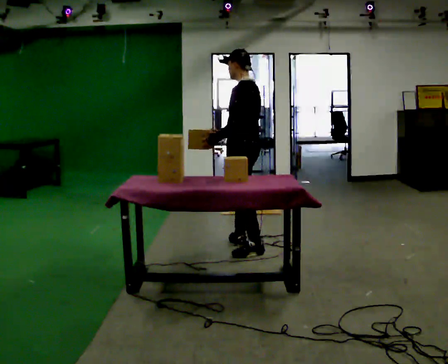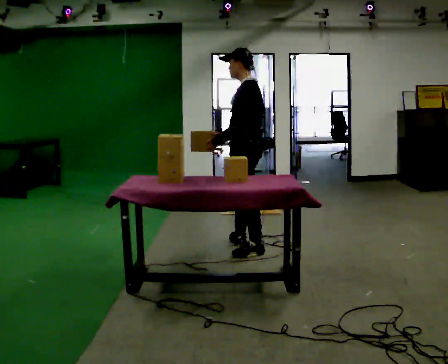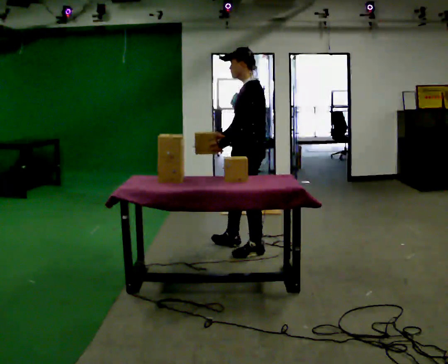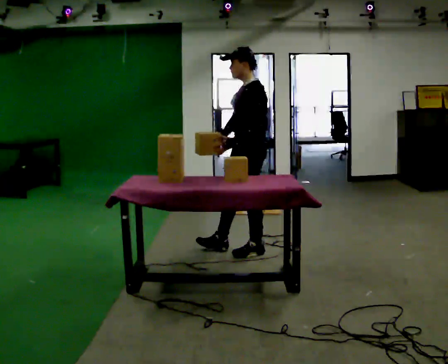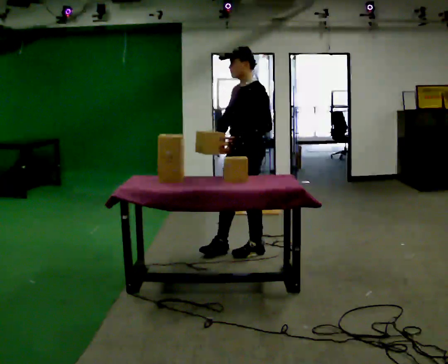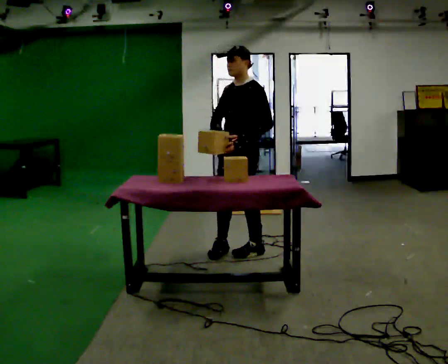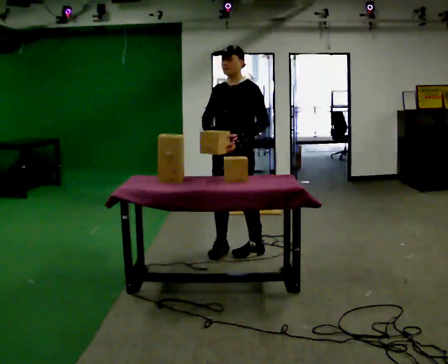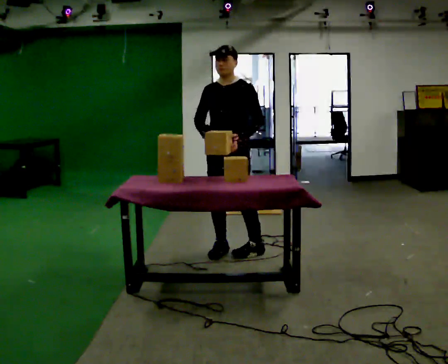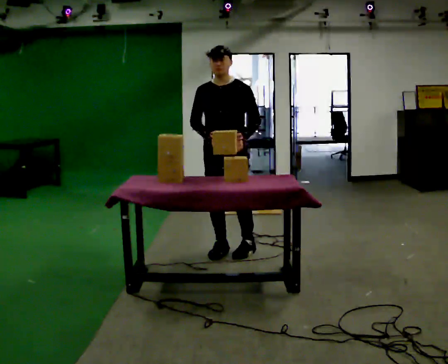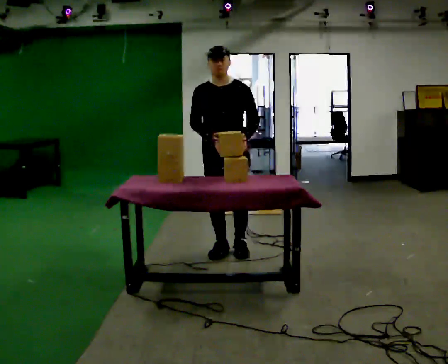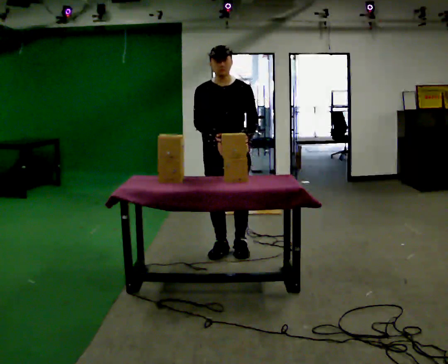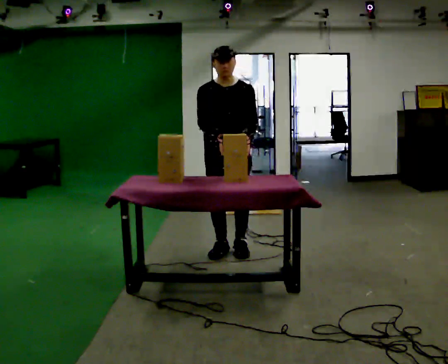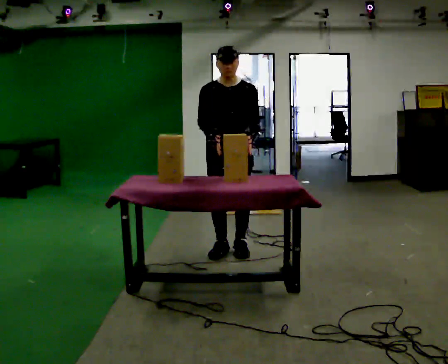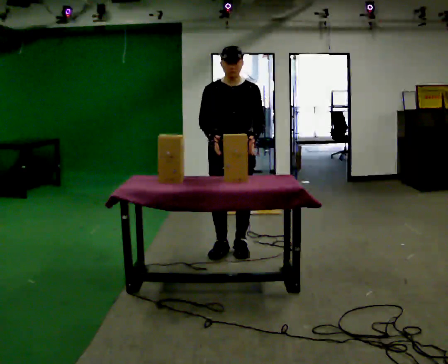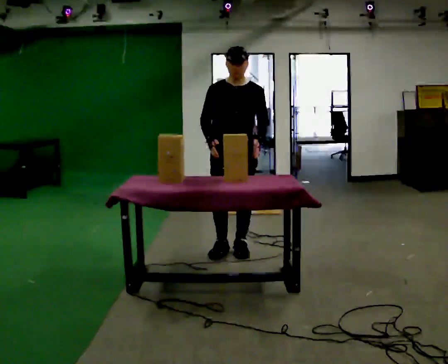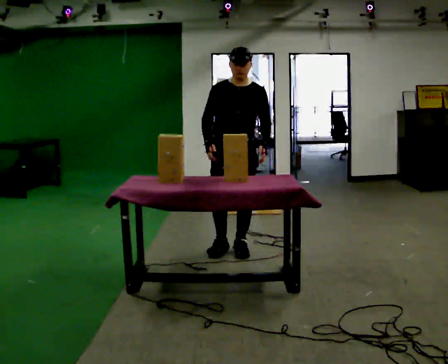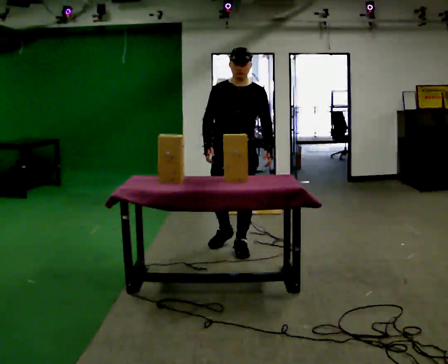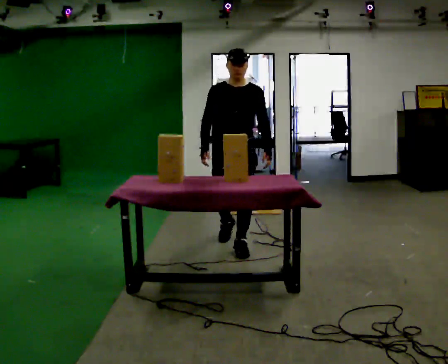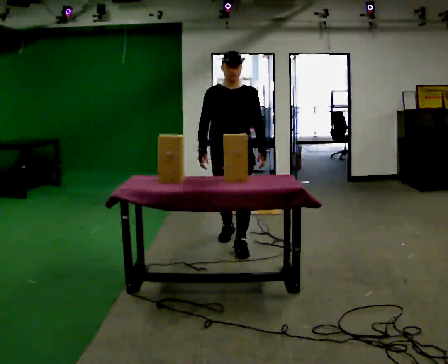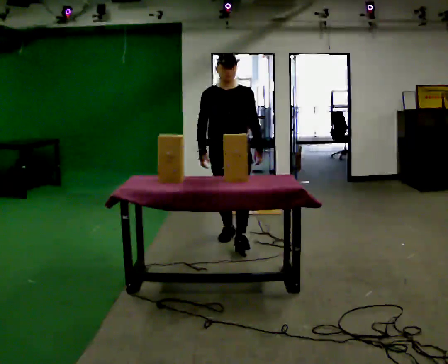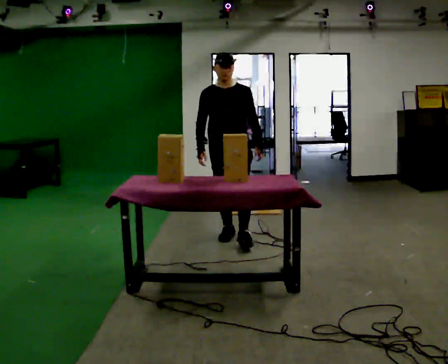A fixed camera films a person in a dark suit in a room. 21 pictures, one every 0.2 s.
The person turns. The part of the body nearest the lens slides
to the right.
The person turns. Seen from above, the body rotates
counterclockwise.
0.0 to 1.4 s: Seen from above the body turns counterclockwise, about 75 degrees: to their left, with its near side sliding to the right.
1.4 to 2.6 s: Seen from above the body turns counterclockwise, about 30 degrees: to their left, with its near side sliding to the right.
2.6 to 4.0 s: In the picture they go away from the camera, about 0.5 m in 2 steps, which for them is backward.
The film runs backward here.
